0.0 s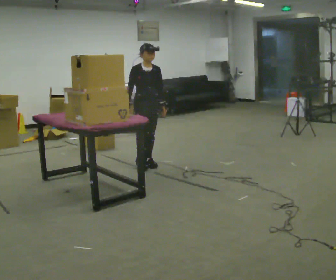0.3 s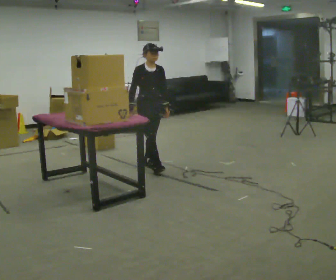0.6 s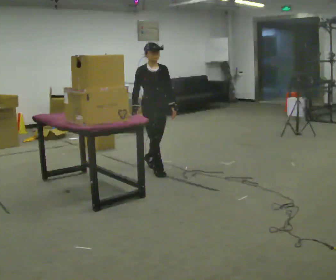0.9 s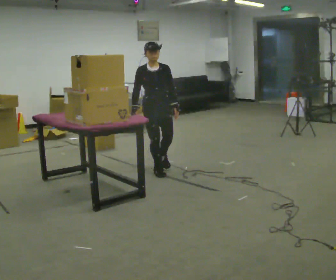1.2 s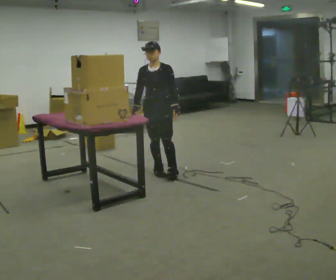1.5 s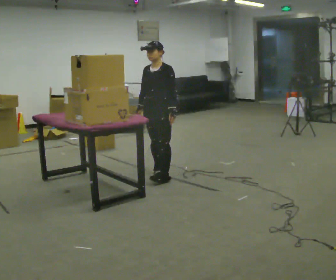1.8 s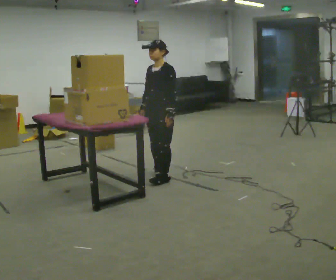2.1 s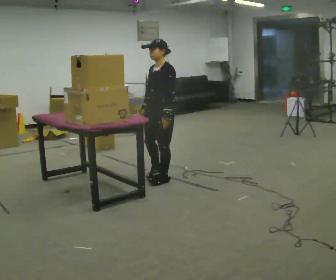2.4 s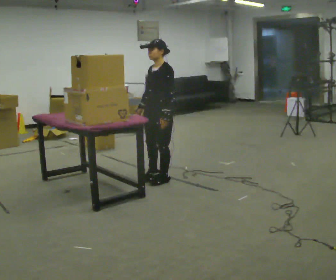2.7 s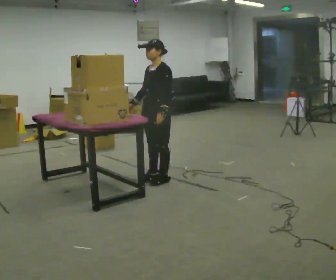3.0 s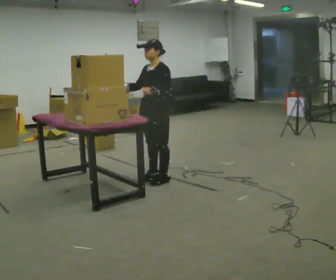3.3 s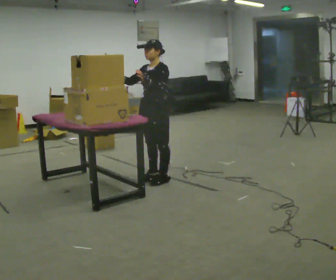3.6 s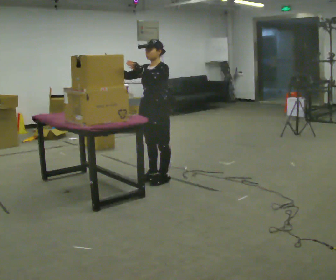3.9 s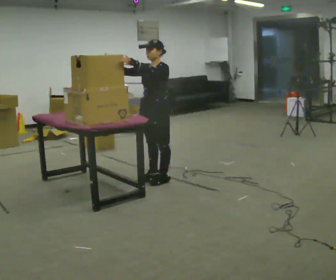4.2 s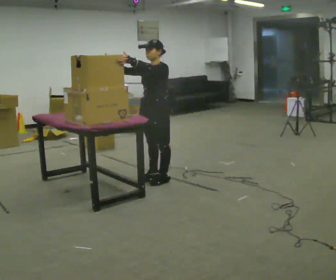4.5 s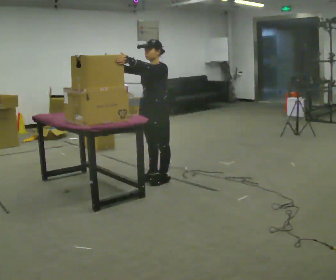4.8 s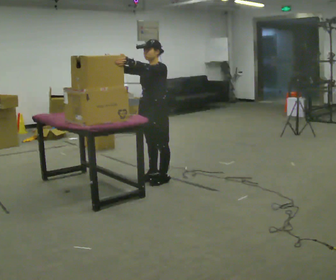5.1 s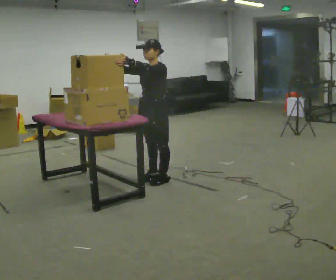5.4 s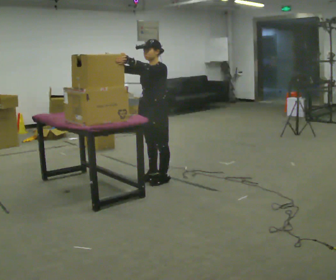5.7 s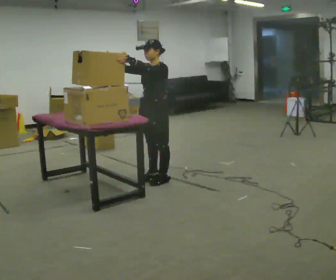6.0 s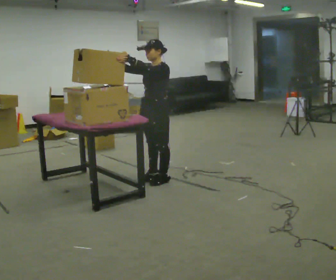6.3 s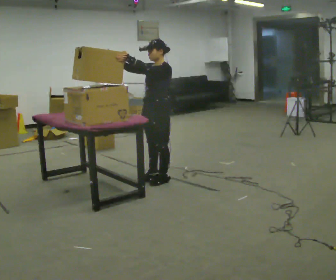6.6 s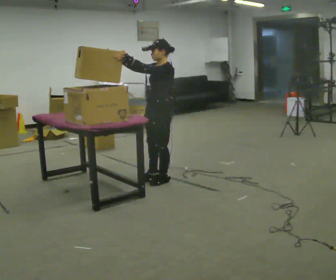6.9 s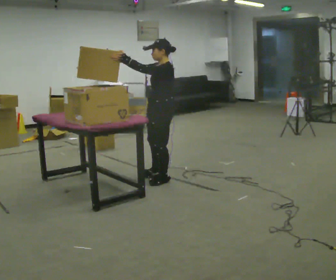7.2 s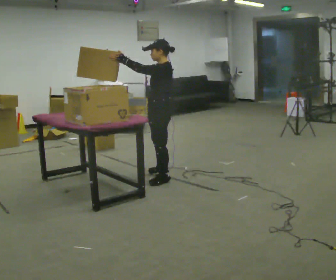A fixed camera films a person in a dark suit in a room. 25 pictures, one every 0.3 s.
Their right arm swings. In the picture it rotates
clockwise.
The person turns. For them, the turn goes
to their right.
0.0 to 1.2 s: Seen from above the body turns clockwise, about 45 degrees: to their right, with its near side sliding to the left. In the picture they go toward the camera and to the right, about 0.5 m in 1 step, which for them is forward.
1.2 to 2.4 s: Seen from above the body turns clockwise, about 45 degrees: to their right, with its near side sliding to the left. In the picture they go toward the camera, about 0.25 m in 2 steps, which for them is to their left and forward.
2.4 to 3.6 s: In the picture their right hand goes upward, the arm swinging clockwise.
3.6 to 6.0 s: The person moves a little, or ends about where they began.
6.0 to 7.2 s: The person turns about 30 degrees to their right, clockwise seen from above, so the part of the body nearest the lens slides to the left.
The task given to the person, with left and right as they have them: Take boxes off the top of the stack one at a time and carry them away, walking back for each one. Keep going until the operator says stop; one object at a time, and do not rush between trips.
The film runs forward here.
